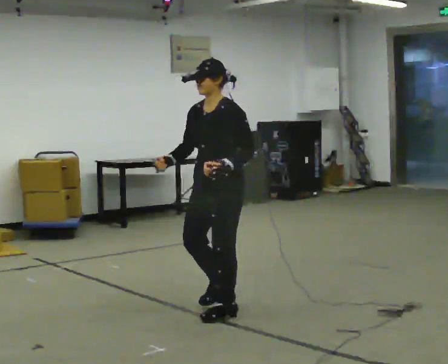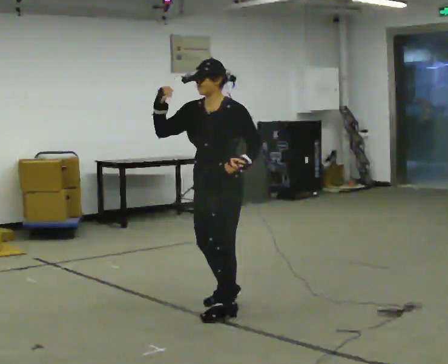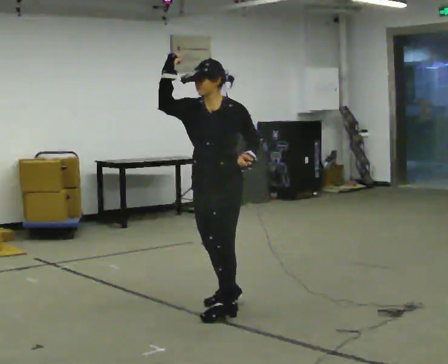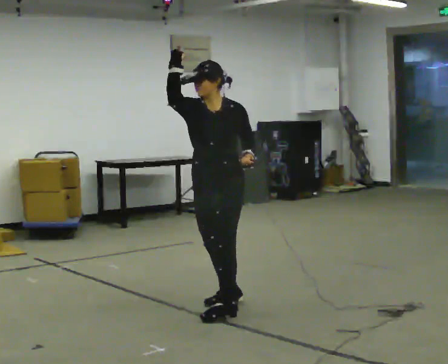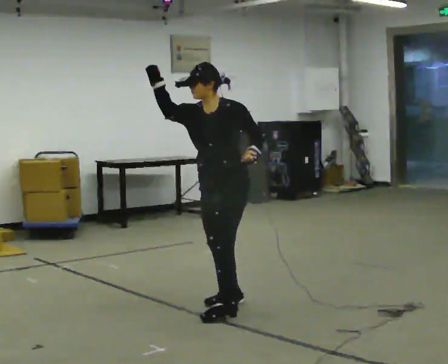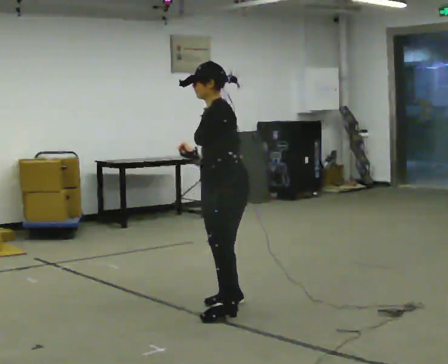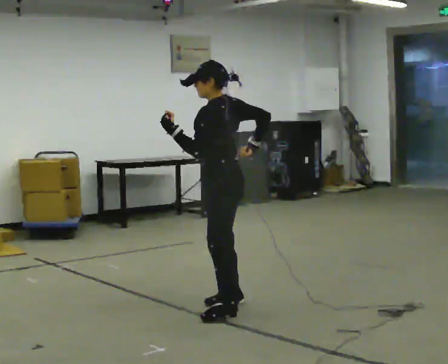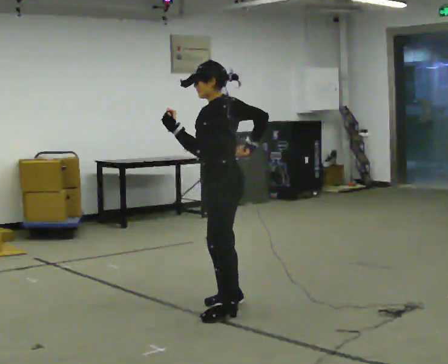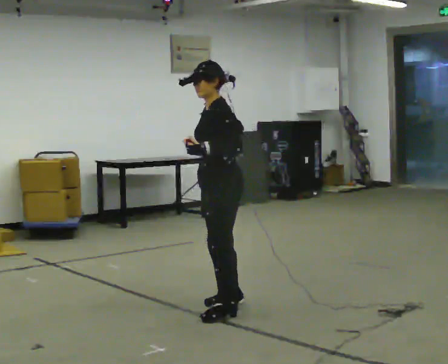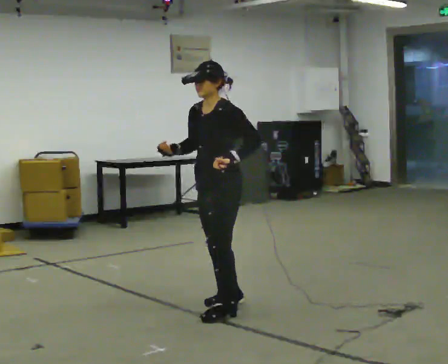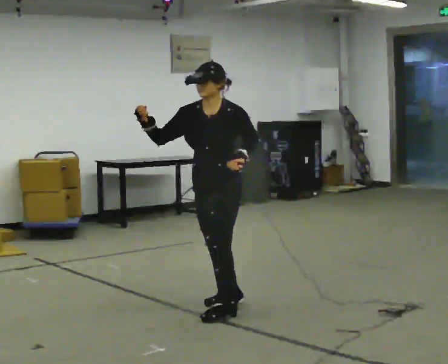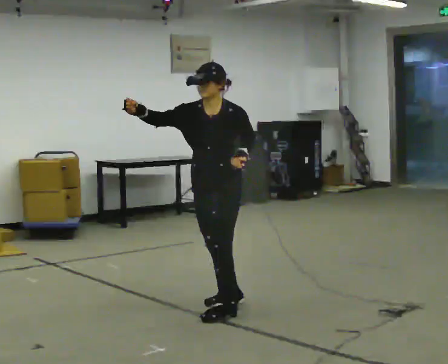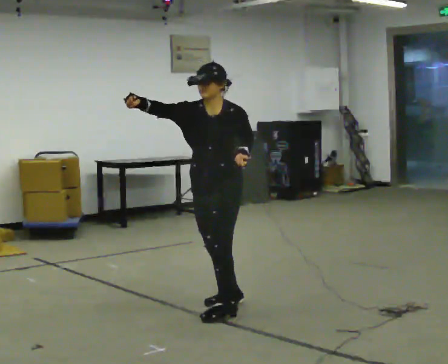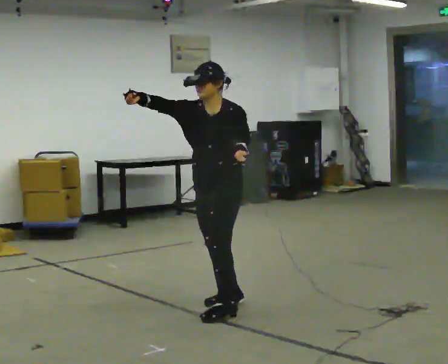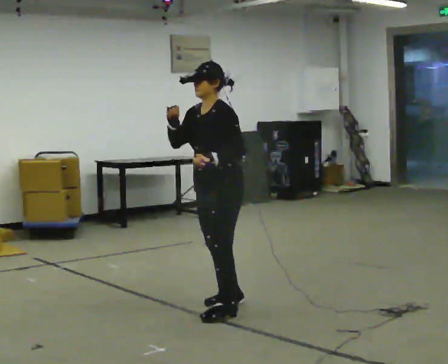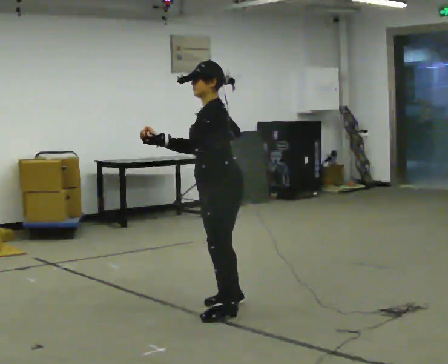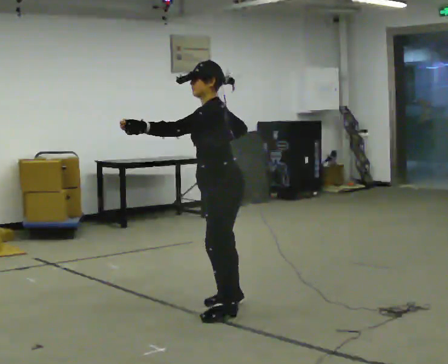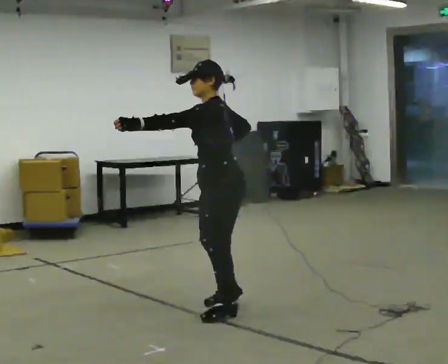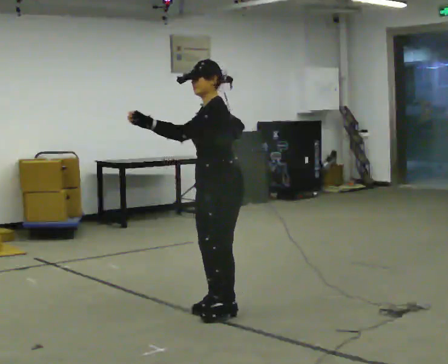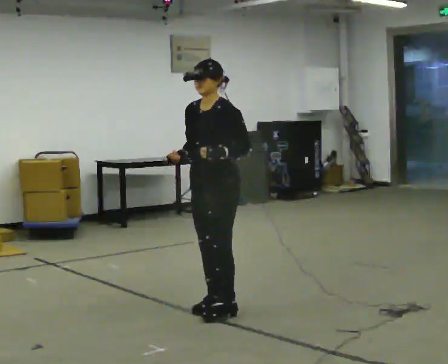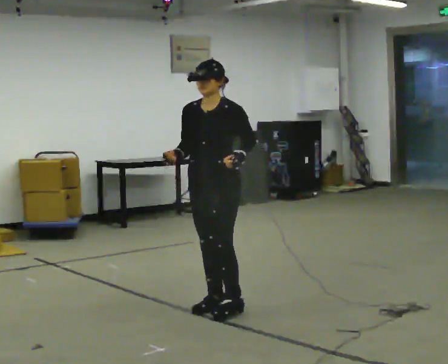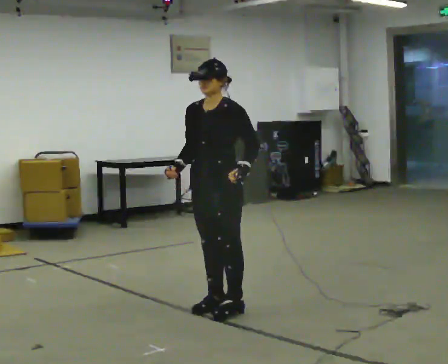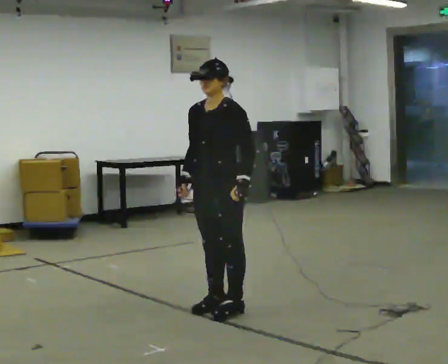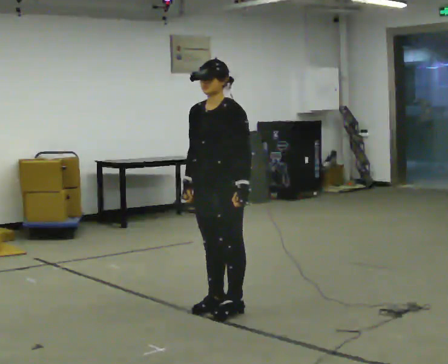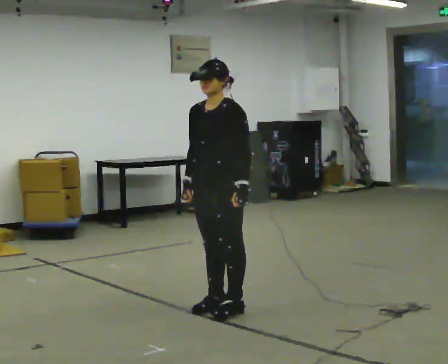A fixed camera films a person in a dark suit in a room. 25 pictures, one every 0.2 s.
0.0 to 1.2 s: Seen from above the body turns clockwise, about 60 degrees: to their right, with its near side sliding to the left. In the picture their right hand goes to the right.
1.2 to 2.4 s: Seen from above the body turns counterclockwise, about 75 degrees: to their left, with its near side sliding to the right. In the picture their right hand goes to the left.
2.4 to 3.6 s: Seen from above the body turns clockwise, about 45 degrees: to their right, with its near side sliding to the left. In the picture their right hand goes to the right.
3.6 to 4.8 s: Seen from above the body turns counterclockwise, about 30 degrees: to their left, with its near side sliding to the right. In the picture their left hand goes to the right and downward.
The film runs backward here.
